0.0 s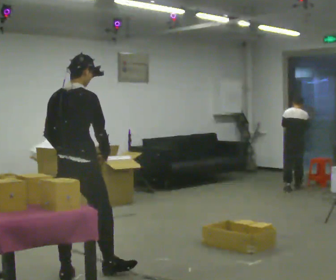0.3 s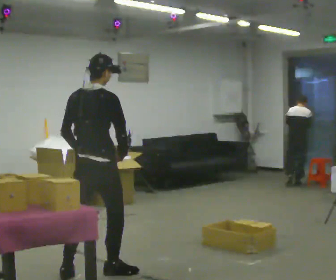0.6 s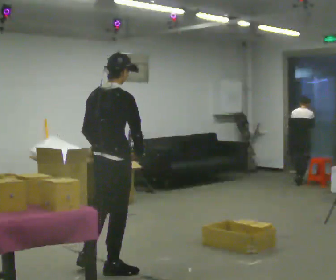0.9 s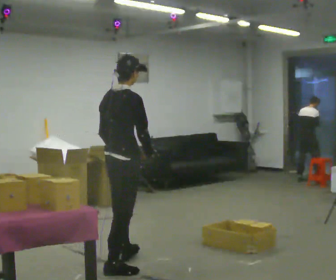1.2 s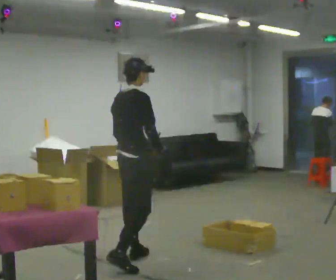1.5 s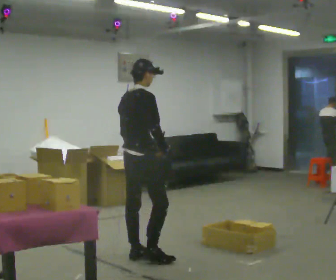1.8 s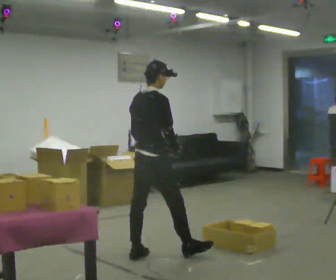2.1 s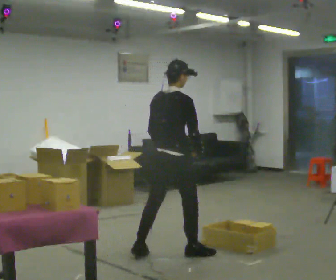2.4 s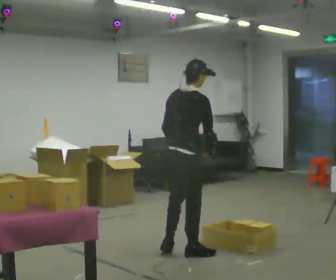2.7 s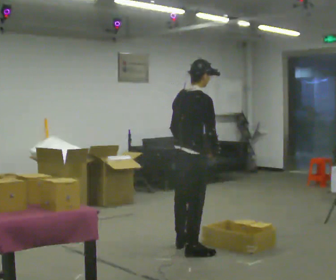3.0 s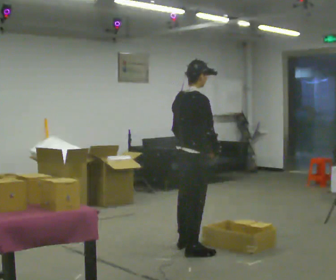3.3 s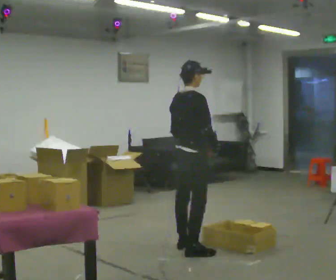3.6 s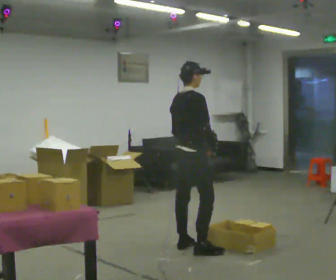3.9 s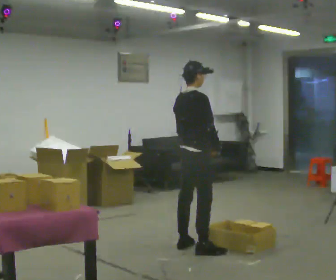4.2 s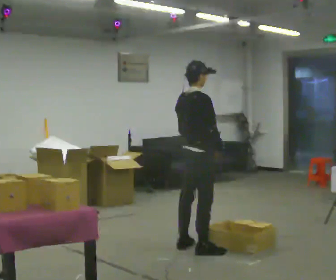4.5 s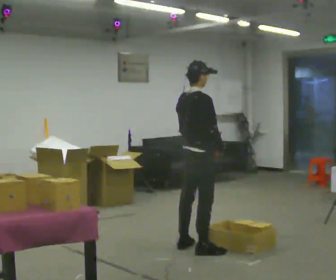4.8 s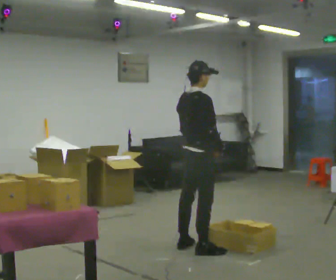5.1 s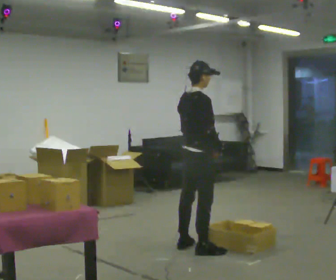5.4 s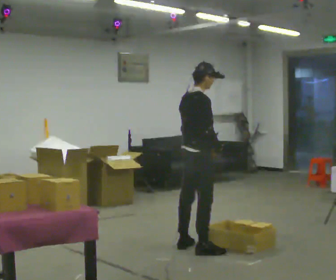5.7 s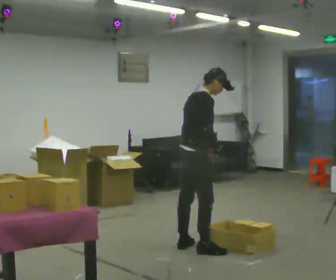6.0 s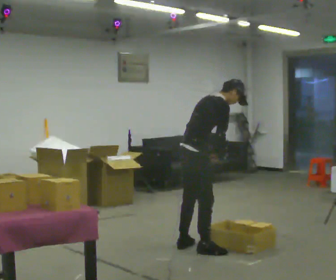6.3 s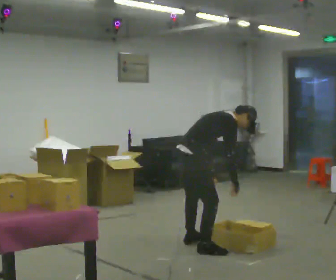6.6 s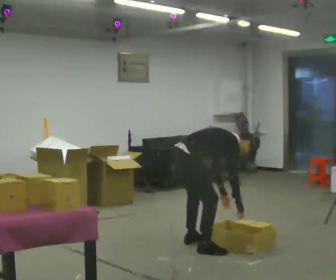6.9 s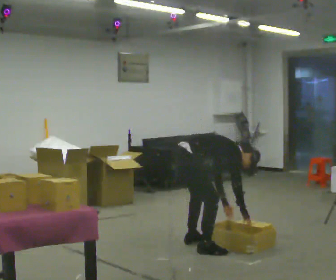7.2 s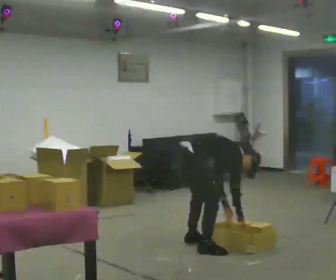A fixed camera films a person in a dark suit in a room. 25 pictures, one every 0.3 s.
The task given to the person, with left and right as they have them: Reach down into the deep bin on the floor, take out one object at a time, carry it to the shelf, and come back for the next one. Keep going until the operator says stop; one object at a time, and do not rush between trips.
0.0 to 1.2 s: The part of the body nearest the lens slides to the left as the person turns to their right by about 30 degrees. In the picture they go away from the camera and to the right, about 0.5 m in 1 step, which for them is forward.
1.2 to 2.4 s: In the picture they go to the right, about 0.5 m in 1 step, which for them is forward.
2.4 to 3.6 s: In the picture they go away from the camera, about 0.25 m in 1 step, which for them is forward and to their left.
3.6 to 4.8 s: The person moves a little, or ends about where they began.
4.8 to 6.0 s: In the picture the upper body tilts clockwise, shoulders to the right, as they bend forward.
6.0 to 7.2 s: In the picture they go away from the camera, about 0.25 m in 1 step, which for them is to their left. The shoulders move downward. In the picture the upper body tilts clockwise, shoulders to the right, as they bend forward. In the picture their left hand goes downward.
The film runs forward here.
